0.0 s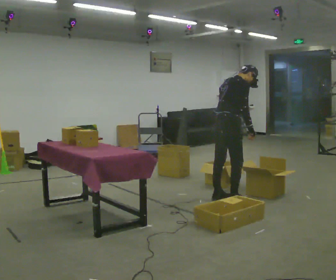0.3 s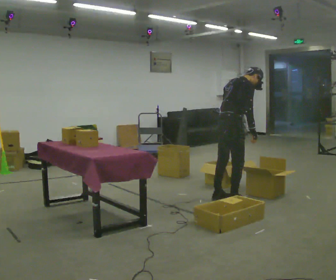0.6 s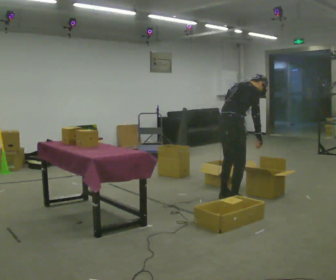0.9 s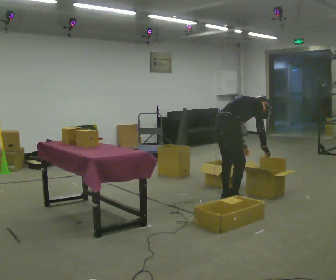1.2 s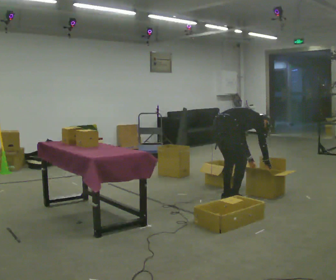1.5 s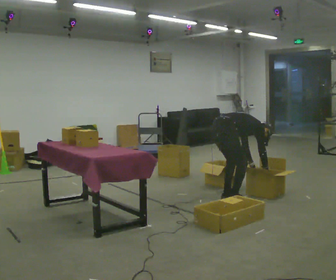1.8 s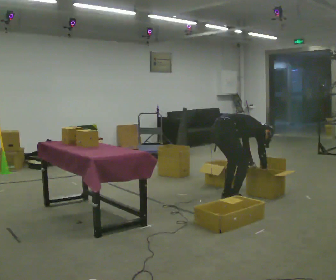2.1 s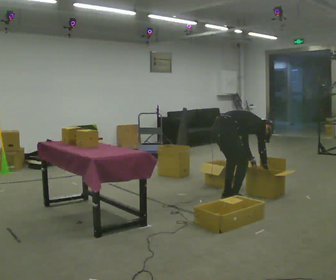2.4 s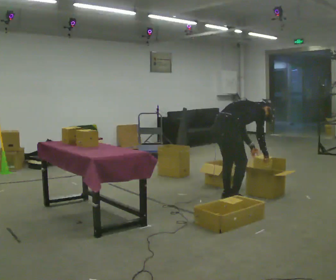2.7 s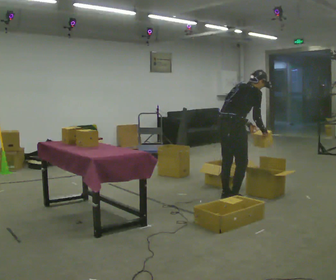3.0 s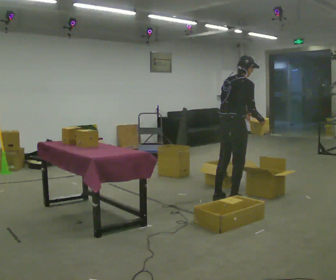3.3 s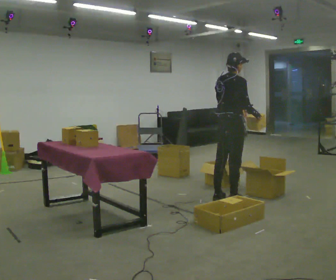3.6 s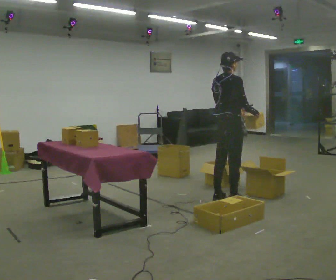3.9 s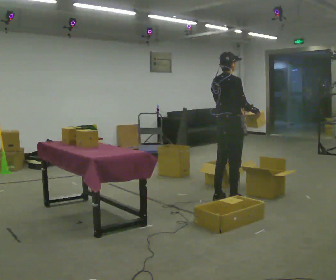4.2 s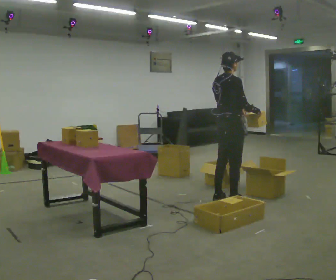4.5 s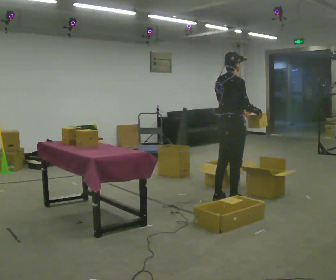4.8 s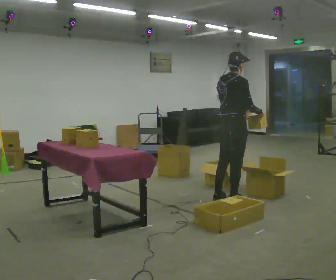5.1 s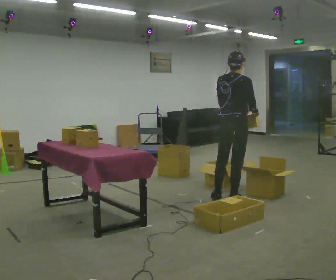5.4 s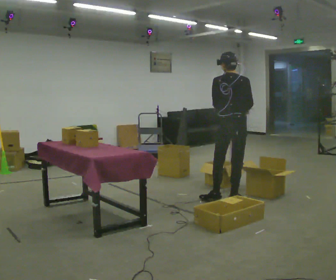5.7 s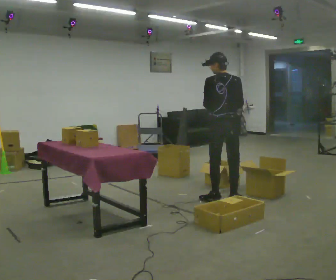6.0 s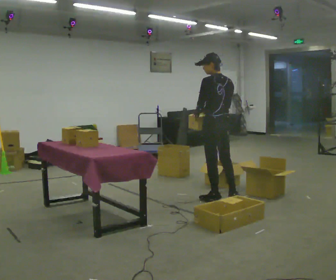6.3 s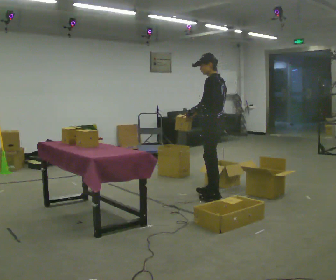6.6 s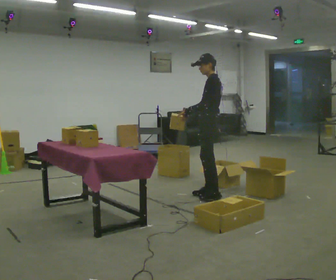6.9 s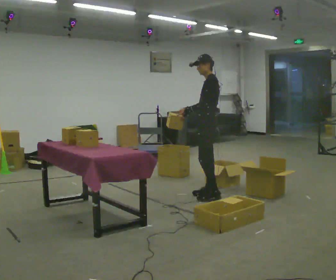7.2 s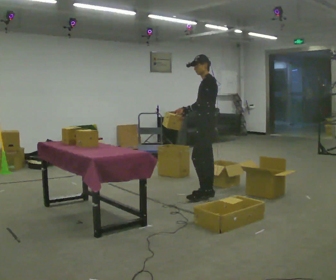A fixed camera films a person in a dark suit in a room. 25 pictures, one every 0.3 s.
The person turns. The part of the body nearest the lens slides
to the right.
The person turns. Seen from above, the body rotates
counterclockwise.
0.0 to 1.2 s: The upper body goes downward. In the picture the upper body tilts clockwise, shoulders to the right, as they bend forward. In the picture their right hand goes downward.
1.2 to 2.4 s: The person moves a little, or ends about where they began.
2.4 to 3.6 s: The shoulders move upward. In the picture the upper body tilts counterclockwise, shoulders to the left, as they lean back or straighten. In the picture their right hand goes upward.
3.6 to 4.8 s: The person moves a little, or ends about where they began.
4.8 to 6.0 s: The person turns about 75 degrees to their left, counterclockwise seen from above, so the part of the body nearest the lens slides to the right. In the picture their right hand goes to the left, the arm swinging clockwise.
6.0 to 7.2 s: The person turns about 60 degrees to their left, counterclockwise seen from above, so the part of the body nearest the lens slides to the right. In the picture they go away from the camera, about 0.25 m in 1 step.
The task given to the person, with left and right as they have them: Take the objects from the bin one at a time and put one in each of the places the operator points out. Keep going until the operator says stop; one object at a time, and do not rush between trips.
The film runs forward here.
